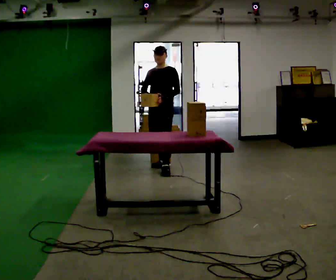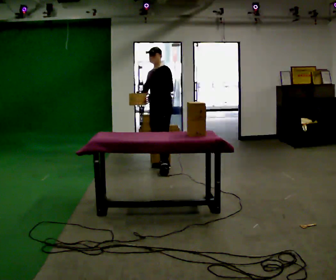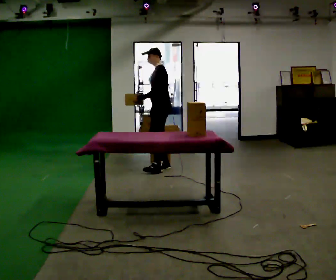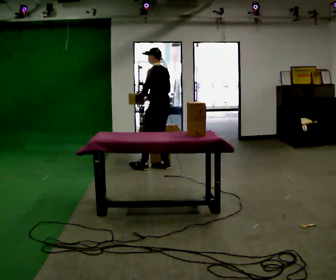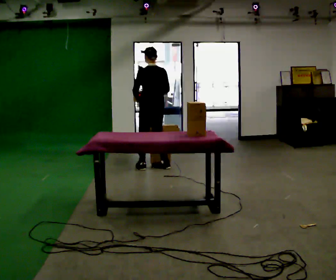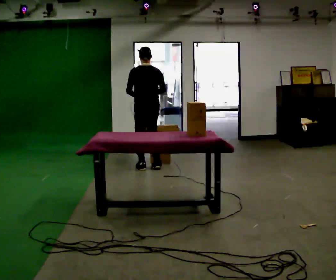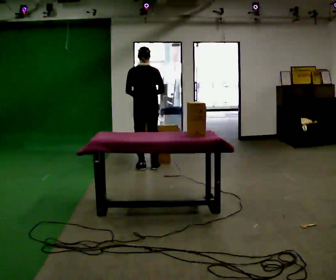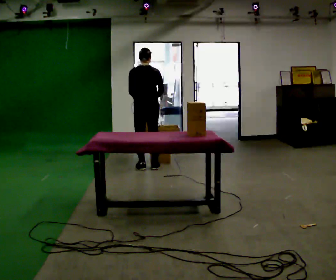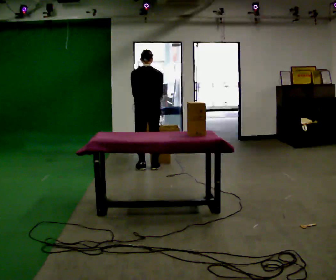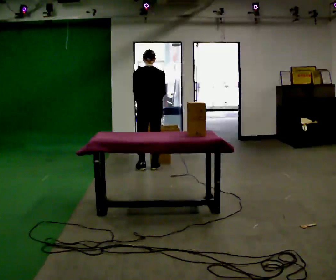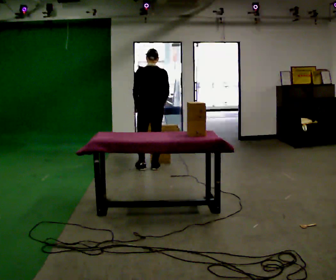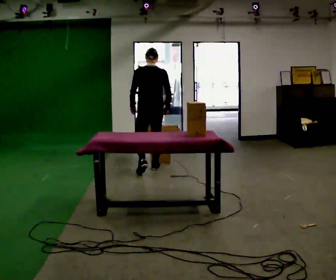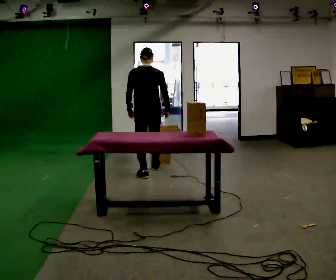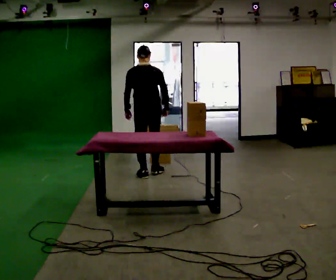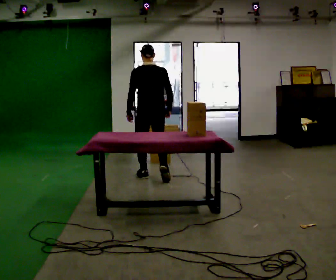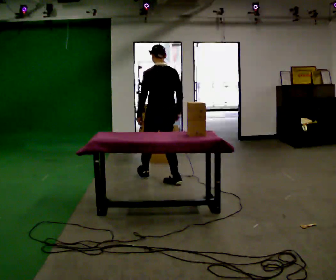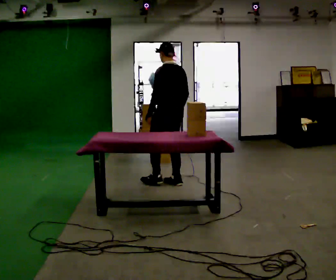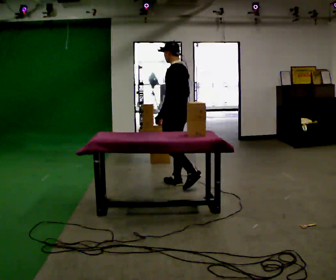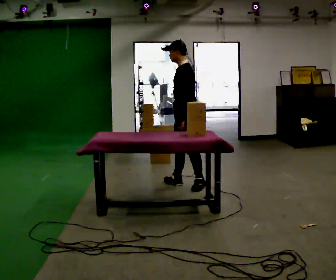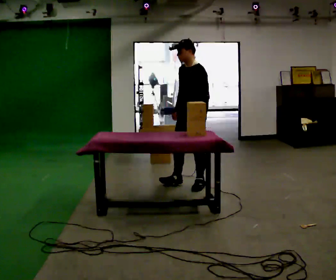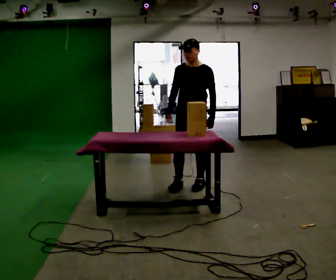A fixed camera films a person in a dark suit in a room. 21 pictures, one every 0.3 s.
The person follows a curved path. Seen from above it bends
counterclockwise.
0.0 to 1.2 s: Seen from above the body turns clockwise, about 120 degrees: to their right, with its near side sliding to the left. In the picture their left hand goes to the left.
1.2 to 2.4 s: The part of the body nearest the lens slides to the left as the person turns to their right by about 45 degrees. The upper body tips away from the camera, its near side rolling upward, as they bend forward.
2.4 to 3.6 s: In the picture they go toward the camera, about 0.25 m in 1 step, which for them is backward. The upper body tips toward the camera, its near side rolling downward, as they lean back or straighten.
3.6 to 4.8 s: The person turns about 30 degrees to their left, counterclockwise seen from above, so the part of the body nearest the lens slides to the right. In the picture they go toward the camera and to the right, about 0.5 m in 2 steps, which for them is backward and to their right.
4.8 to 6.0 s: Seen from above the body turns counterclockwise, about 120 degrees: to their left, with its near side sliding to the right. In the picture they go to the right and toward the camera, about 0.25 m.
The film runs backward here.
